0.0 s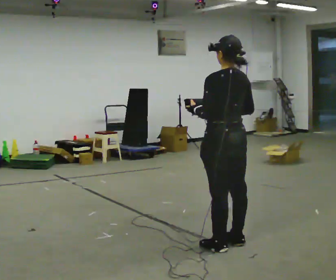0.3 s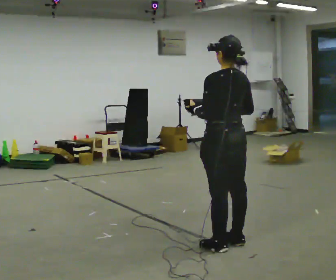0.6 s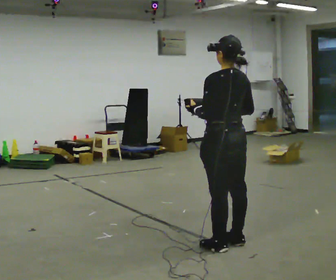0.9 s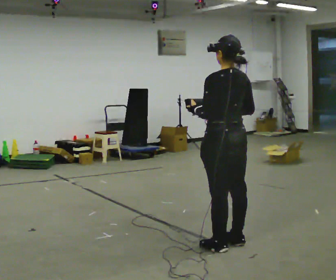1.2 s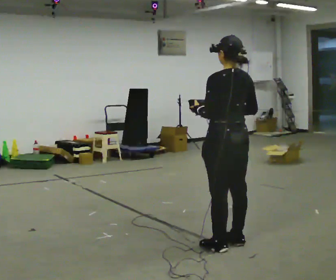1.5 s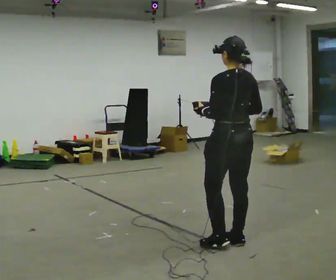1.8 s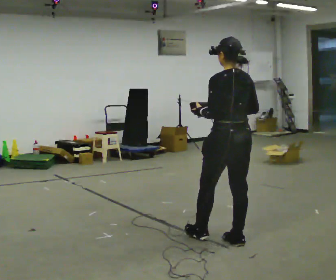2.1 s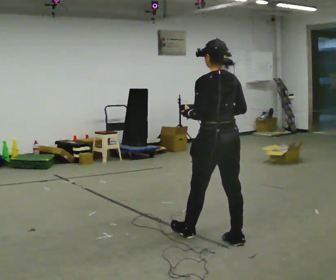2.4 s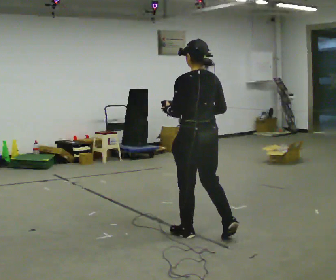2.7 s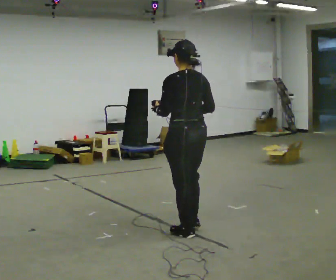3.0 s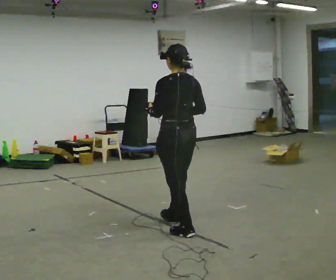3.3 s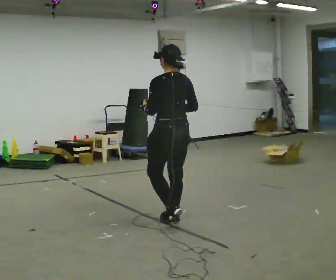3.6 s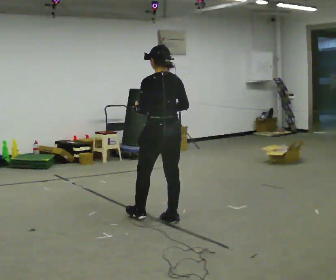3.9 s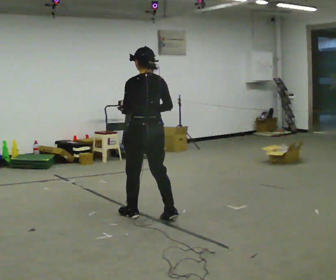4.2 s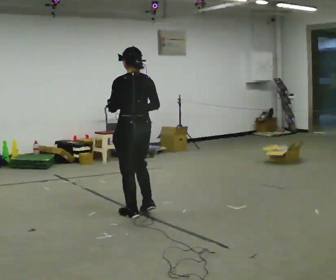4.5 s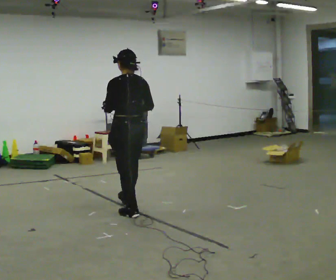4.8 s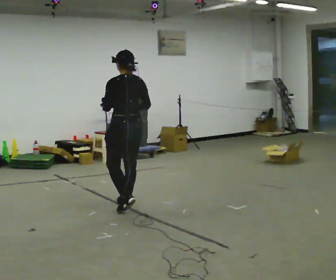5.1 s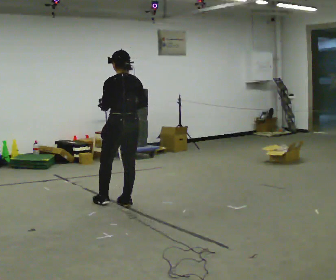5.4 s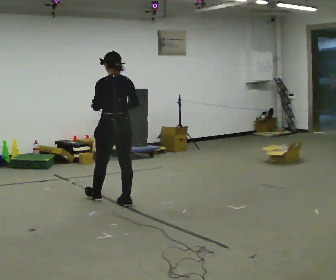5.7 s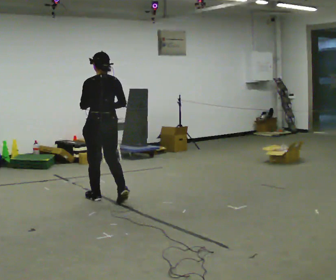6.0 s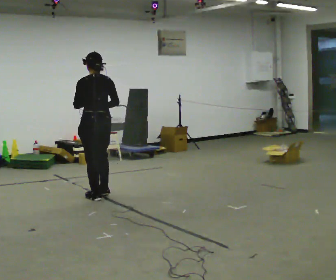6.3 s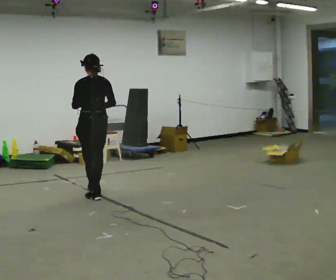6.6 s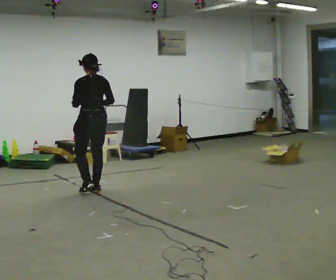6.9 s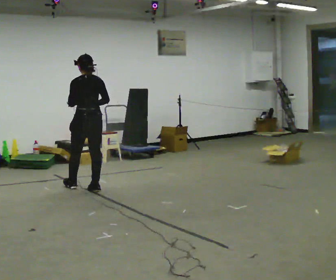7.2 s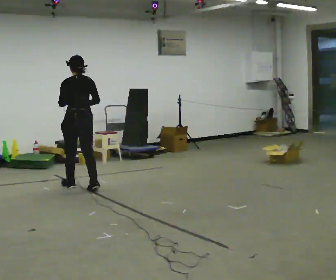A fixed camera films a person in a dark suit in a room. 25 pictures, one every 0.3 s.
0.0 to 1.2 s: The person moves a little, or ends about where they began.
1.2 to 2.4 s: In the picture they go away from the camera and to the left, about 0.25 m in 1 step, which for them is forward.
2.4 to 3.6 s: In the picture they go away from the camera and to the left, about 0.5 m in 1 step, which for them is forward.
3.6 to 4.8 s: In the picture they go away from the camera and to the left, about 0.5 m in 2 steps, which for them is forward.
4.8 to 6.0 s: In the picture they go away from the camera and to the left, about 0.5 m in 1 step, which for them is forward.
6.0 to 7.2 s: In the picture they go away from the camera and to the left, about 0.5 m in 2 steps, which for them is forward.
The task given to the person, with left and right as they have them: Carry the object across the room. The lid hangs loose and will swing, so carry it however works. Keep going until the operator says stop; one object at a time, and do not rush between trips.
The film runs forward here.
